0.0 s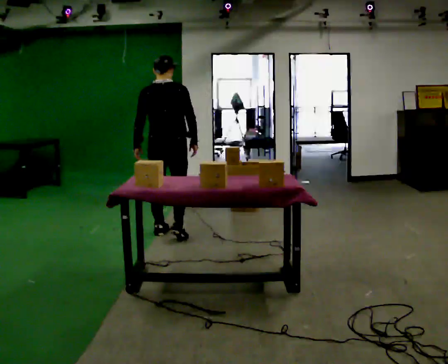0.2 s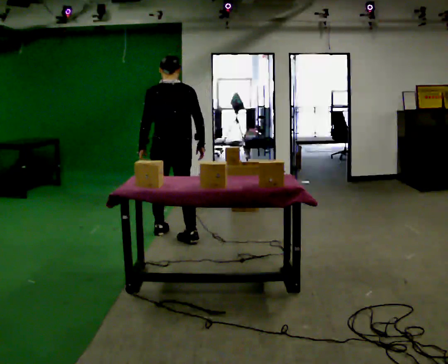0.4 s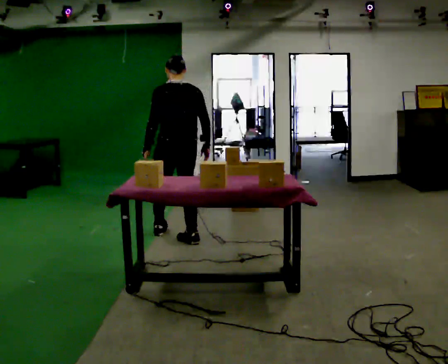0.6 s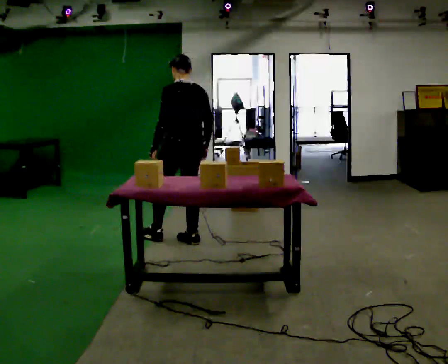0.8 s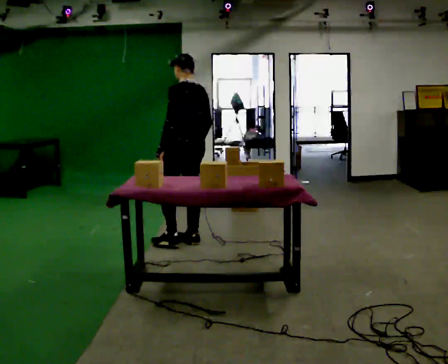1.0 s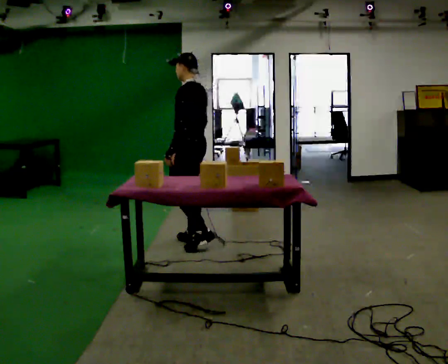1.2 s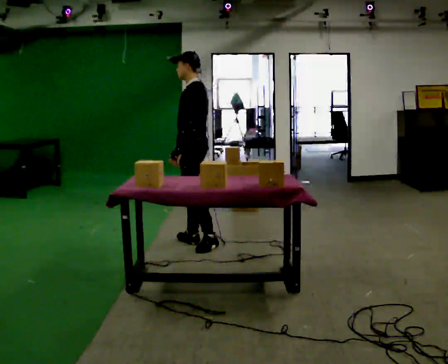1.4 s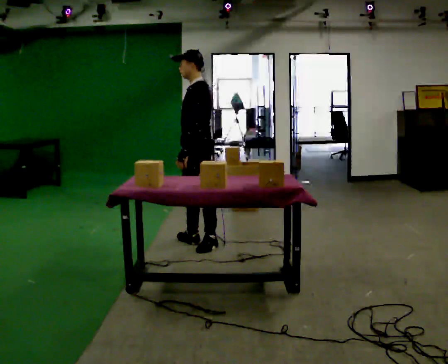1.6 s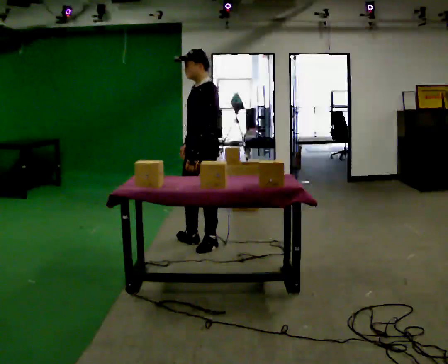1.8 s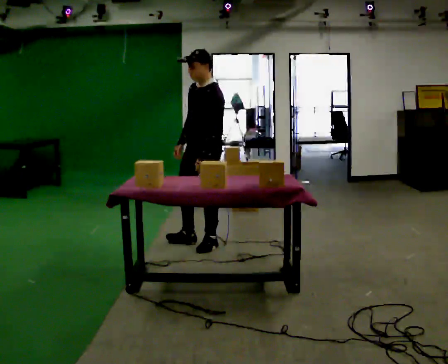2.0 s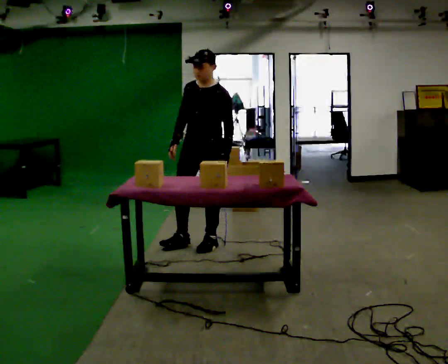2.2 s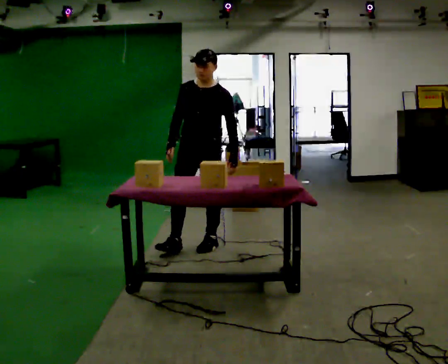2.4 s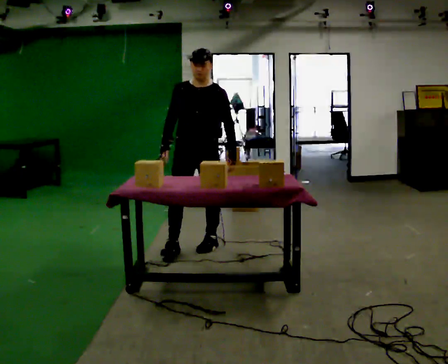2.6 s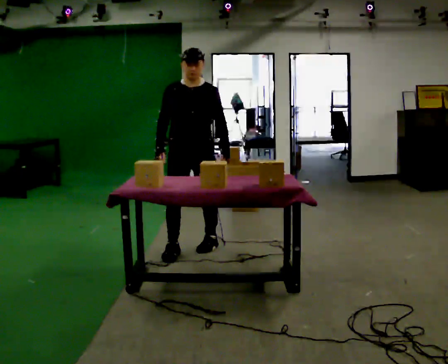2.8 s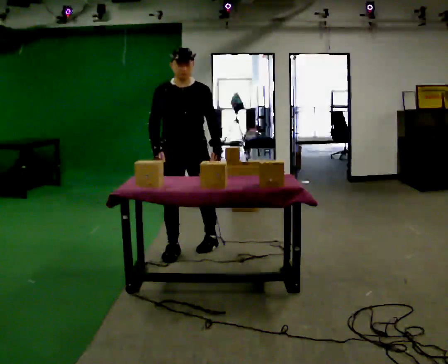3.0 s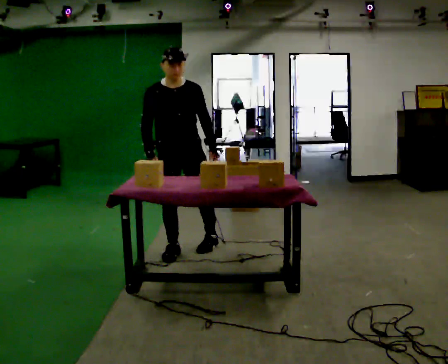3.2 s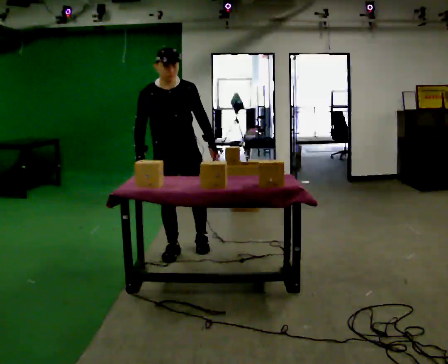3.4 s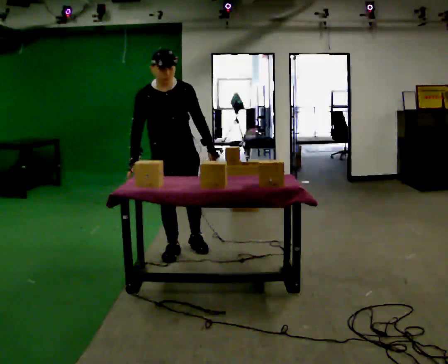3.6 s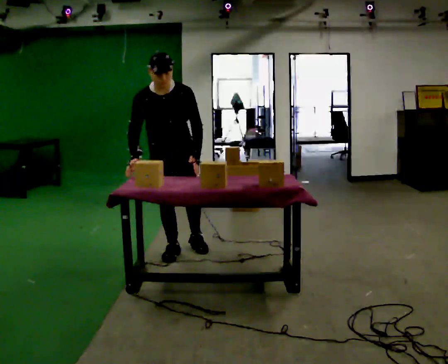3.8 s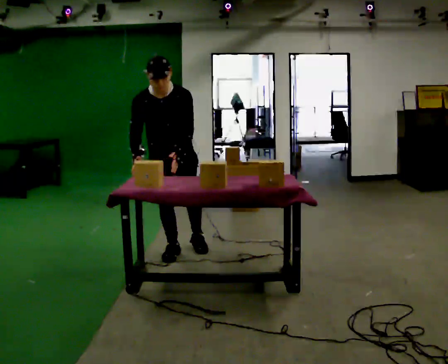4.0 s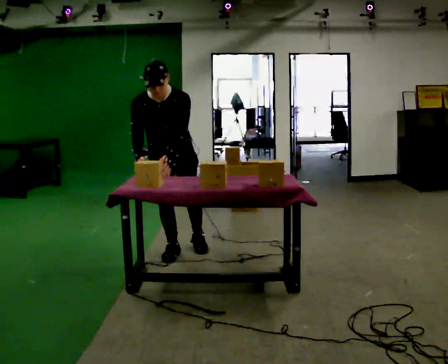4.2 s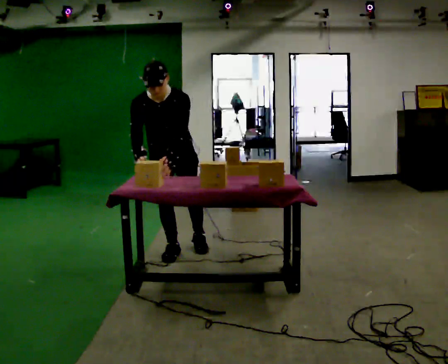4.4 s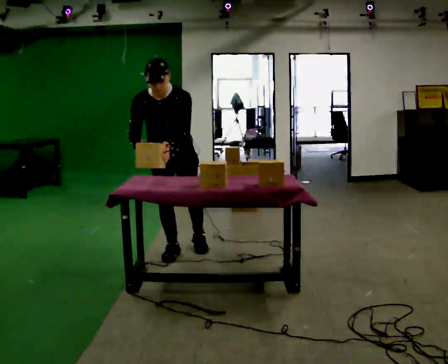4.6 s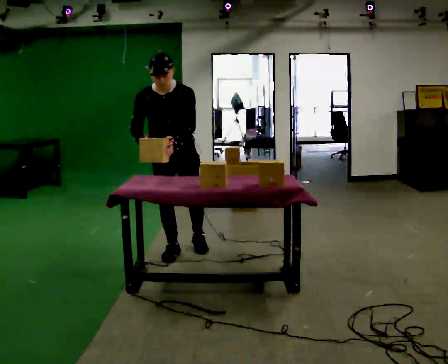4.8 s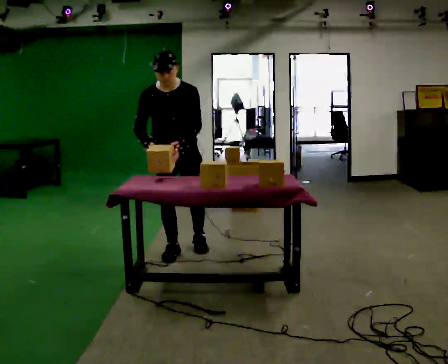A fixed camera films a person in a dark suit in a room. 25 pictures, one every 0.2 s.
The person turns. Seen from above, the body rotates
counterclockwise.
The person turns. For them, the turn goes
to their left.
0.0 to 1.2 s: The person turns about 90 degrees to their left, counterclockwise seen from above, so the part of the body nearest the lens slides to the right. In the picture they go to the right and toward the camera, about 0.25 m in 1 step.
1.2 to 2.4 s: The part of the body nearest the lens slides to the right as the person turns to their left by about 75 degrees. In the picture they go toward the camera, about 0.25 m in 1 step. In the picture their left hand goes to the right, the arm swinging counterclockwise.
2.4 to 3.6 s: The part of the body nearest the lens slides to the right as the person turns to their left by about 30 degrees. In the picture they go to the left, about 0.25 m, which for them is to their right. The upper body tips toward the camera, its near side rolling downward, as they bend forward.
3.6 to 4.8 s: The person moves a little, or ends about where they began.
The film runs backward here.
